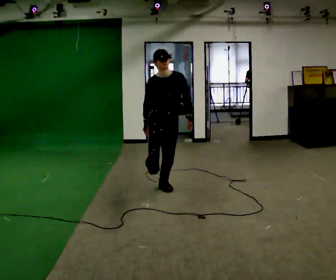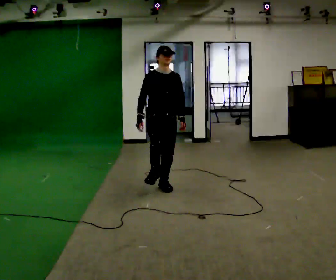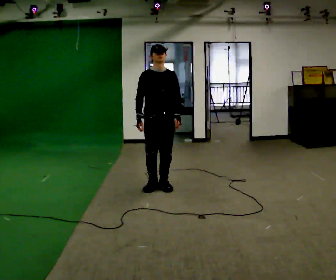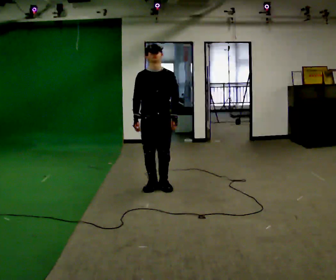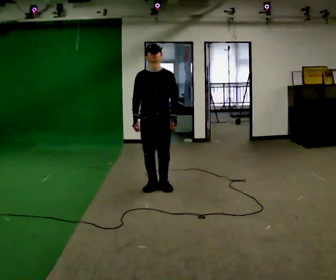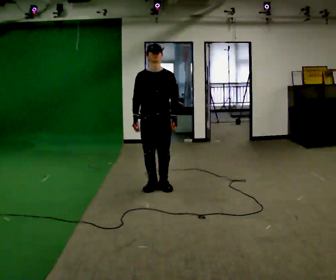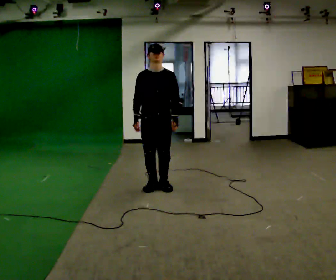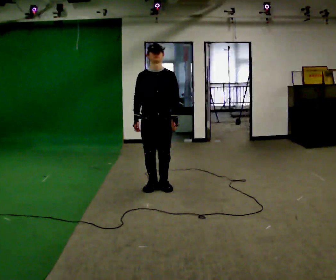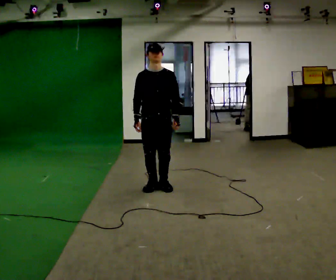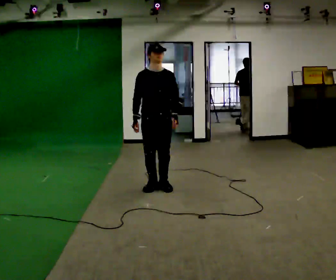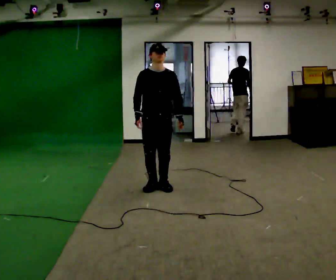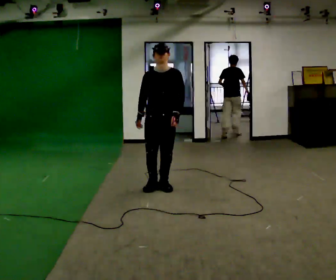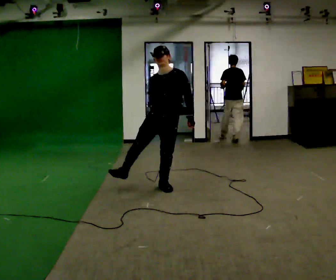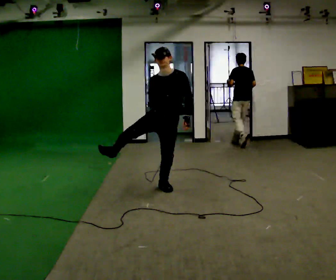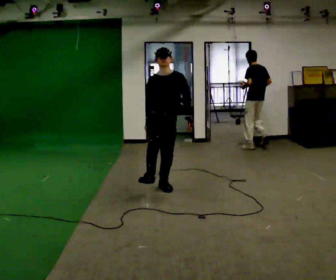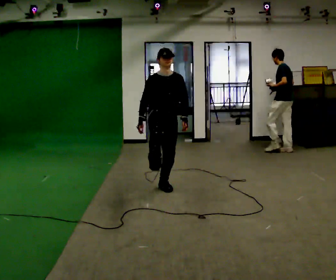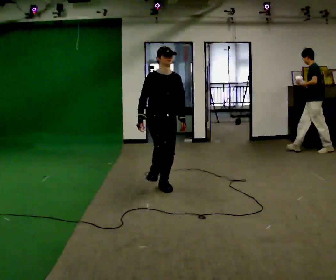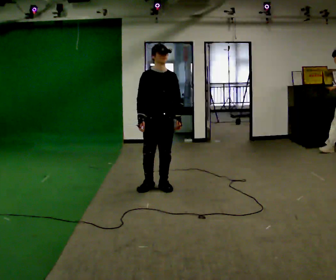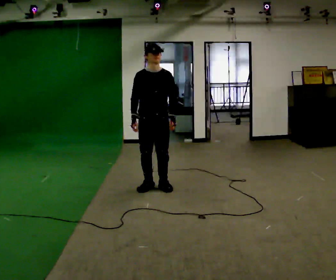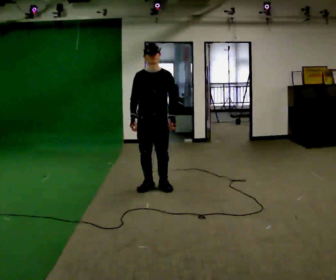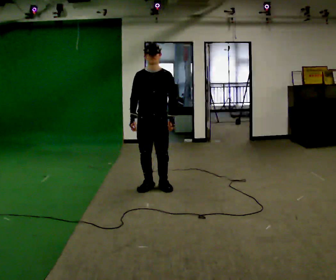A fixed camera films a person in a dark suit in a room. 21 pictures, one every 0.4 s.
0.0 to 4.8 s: The person turns about 30 degrees to their right, clockwise seen from above, so the part of the body nearest the lens slides to the left.
4.8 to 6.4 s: The person turns about 30 degrees to their left, counterclockwise seen from above, so the part of the body nearest the lens slides to the right.
6.4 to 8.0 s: The person moves a little, or ends about where they began.
The film runs backward here.
